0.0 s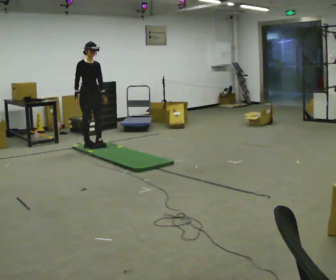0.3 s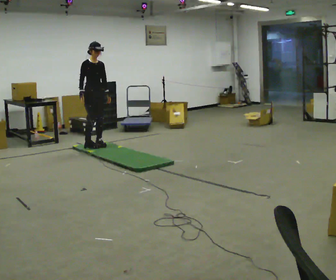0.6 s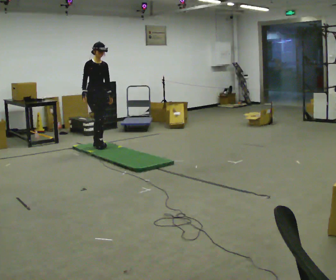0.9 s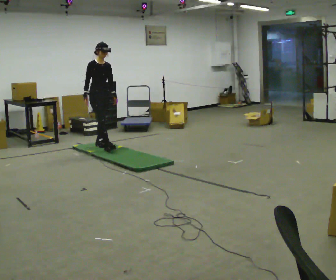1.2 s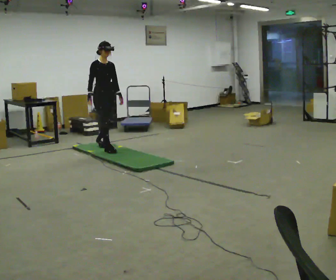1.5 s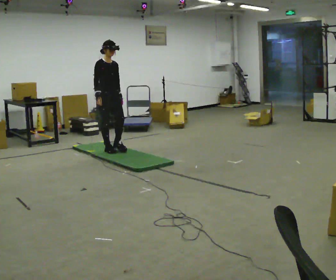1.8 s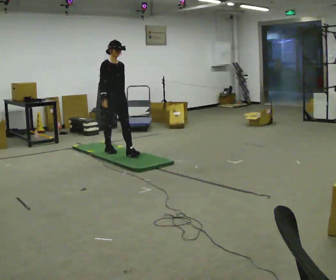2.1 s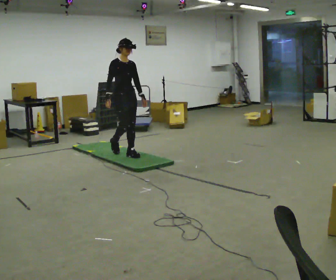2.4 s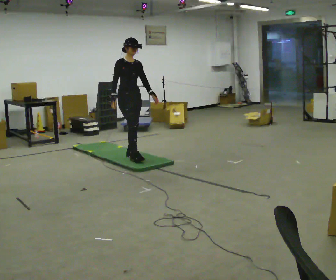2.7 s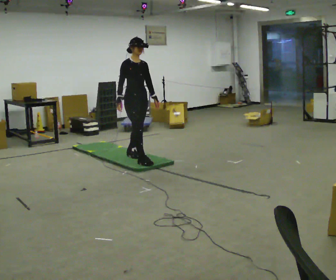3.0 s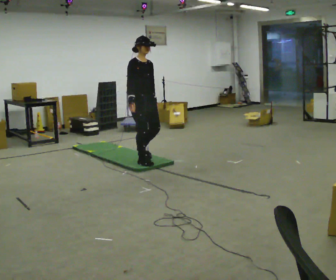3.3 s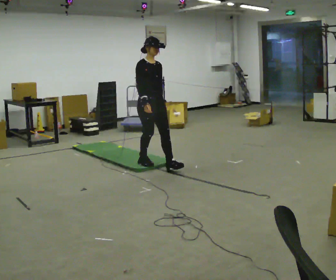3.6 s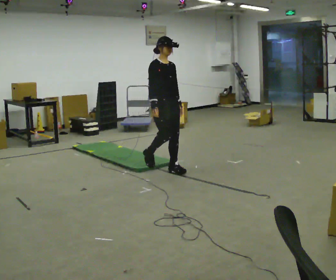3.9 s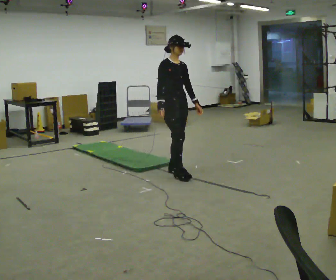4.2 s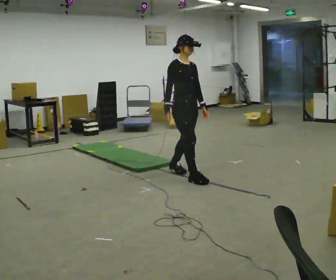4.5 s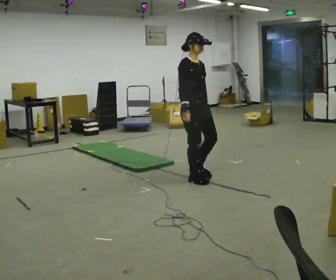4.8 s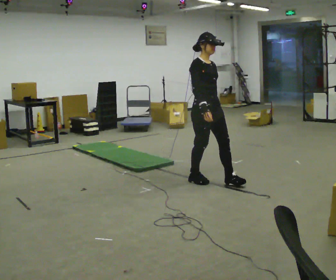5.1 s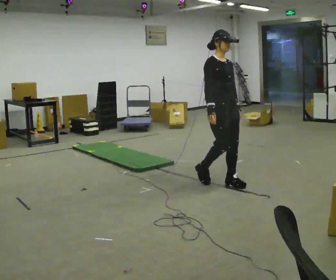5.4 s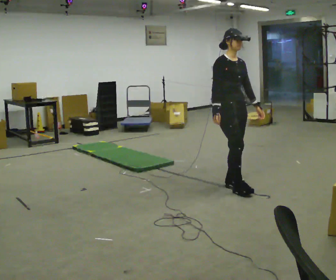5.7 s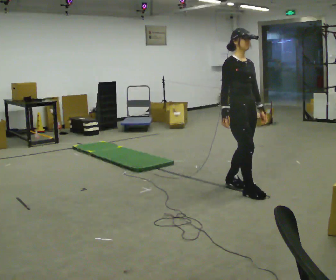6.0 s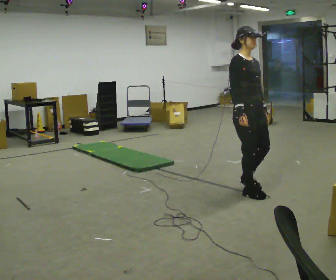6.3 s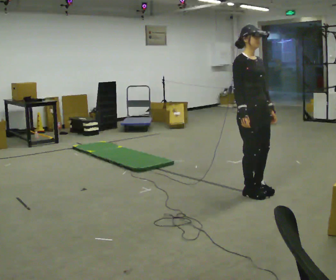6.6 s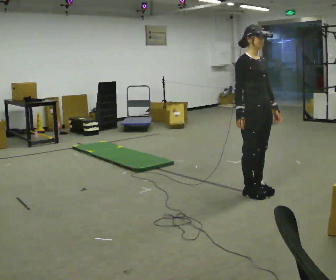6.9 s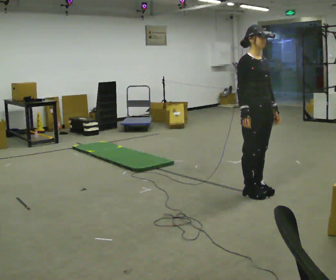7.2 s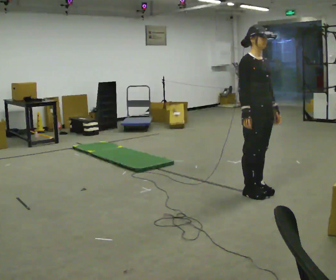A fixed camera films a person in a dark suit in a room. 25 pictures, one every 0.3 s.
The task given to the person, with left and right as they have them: Walk across the mats at a normal pace. They may not all feel the same underfoot. Carry on afterwards.
0.0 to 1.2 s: In the picture they go to the right and toward the camera, about 0.25 m in 1 step, which for them is forward.
1.2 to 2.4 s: In the picture they go toward the camera and to the right, about 0.75 m in 1 step, which for them is forward.
2.4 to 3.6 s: In the picture they go toward the camera and to the right, about 0.5 m in 2 steps, which for them is forward.
3.6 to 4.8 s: In the picture they go toward the camera and to the right, about 0.75 m in 2 steps, which for them is forward.
4.8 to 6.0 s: In the picture they go toward the camera and to the right, about 0.5 m in 1 step, which for them is forward.
6.0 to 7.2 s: The person moves a little, or ends about where they began.
The film runs forward here.
